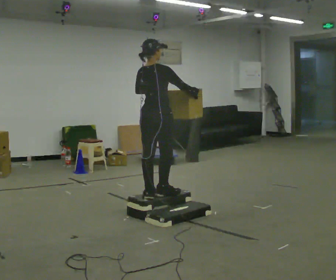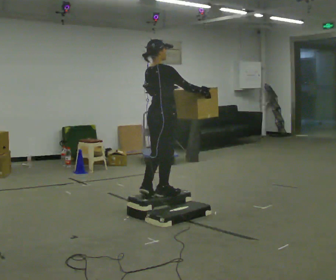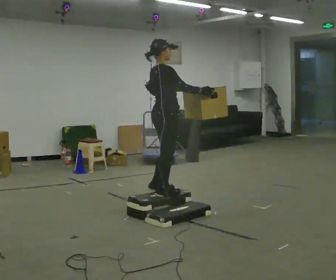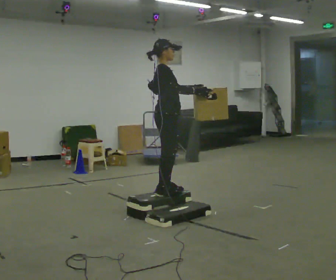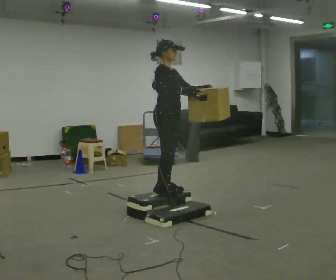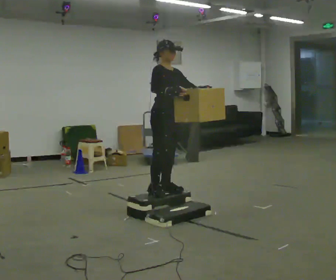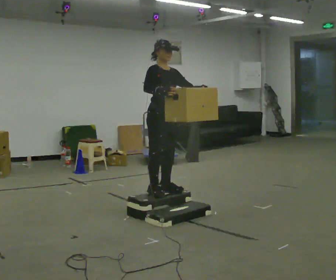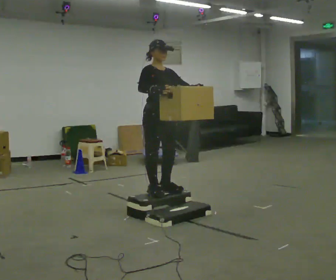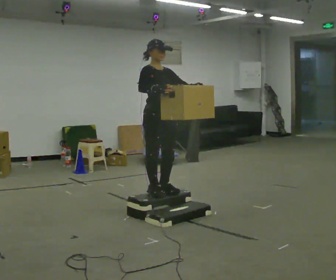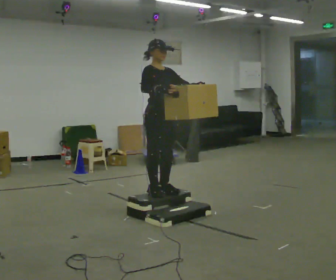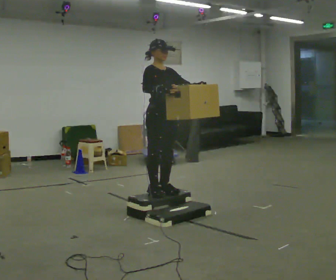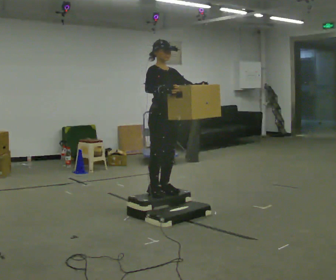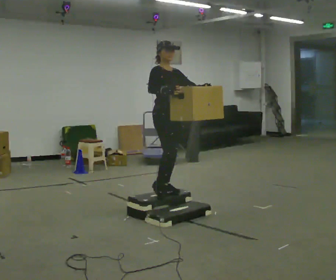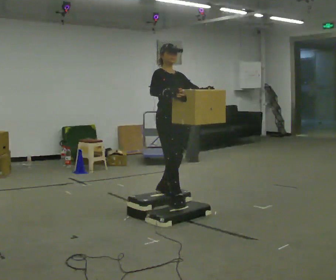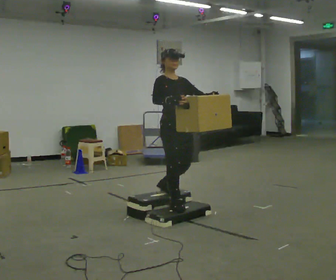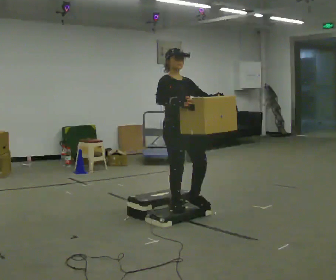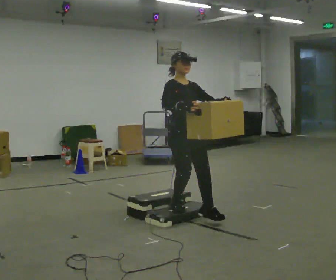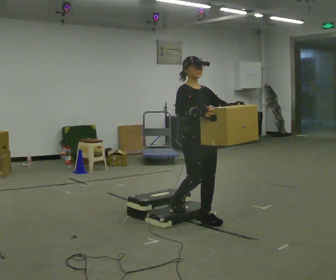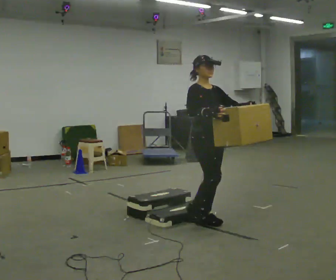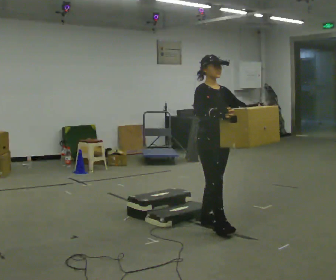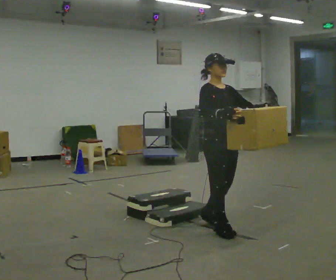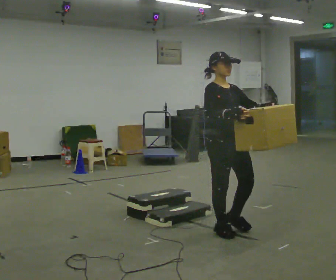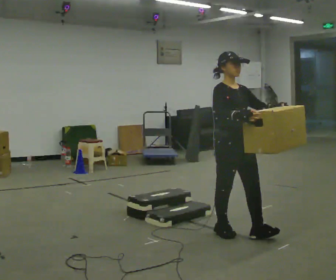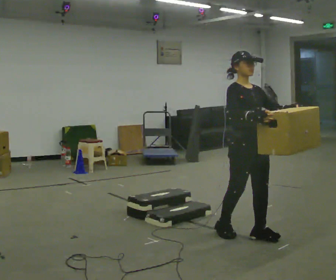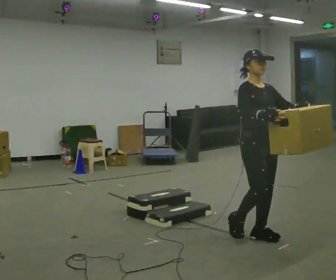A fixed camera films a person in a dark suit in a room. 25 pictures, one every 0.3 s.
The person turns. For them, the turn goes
to their right.
The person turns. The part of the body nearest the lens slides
to the left.
0.0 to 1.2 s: The part of the body nearest the lens slides to the left as the person turns to their right by about 90 degrees. In the picture they go away from the camera, about 0.25 m in 1 step. In the picture their left hand goes to the right.
1.2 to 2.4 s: Seen from above the body turns clockwise, about 30 degrees: to their right, with its near side sliding to the left.
2.4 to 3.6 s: The person moves a little, or ends about where they began.
3.6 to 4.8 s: In the picture they go toward the camera and to the right, about 0.25 m in 2 steps, which for them is forward.
4.8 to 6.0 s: In the picture they go toward the camera and to the right, about 0.5 m in 1 step, which for them is forward.
6.0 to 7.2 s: In the picture they go to the right and toward the camera, about 0.5 m in 1 step, which for them is forward.
The film runs forward here.
